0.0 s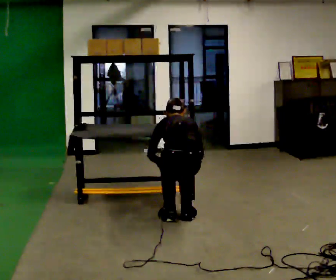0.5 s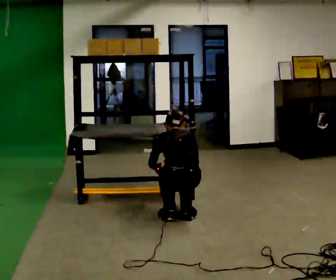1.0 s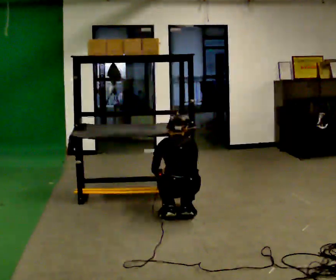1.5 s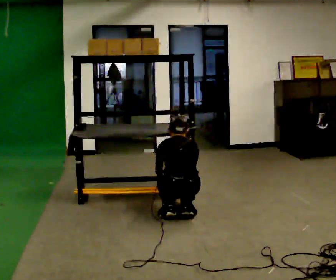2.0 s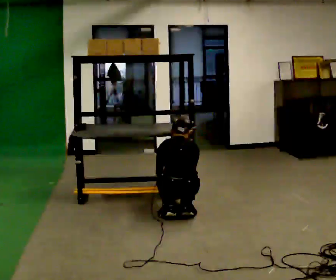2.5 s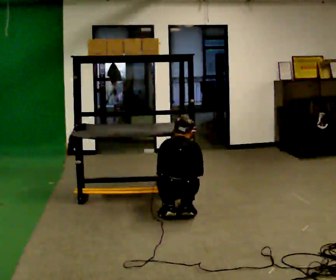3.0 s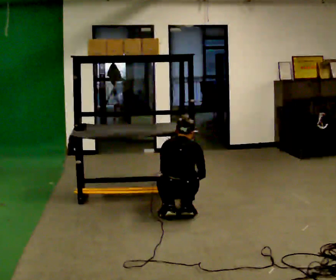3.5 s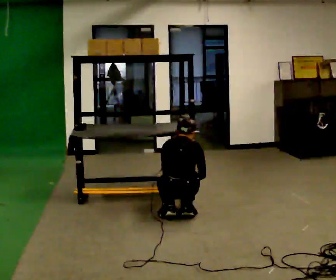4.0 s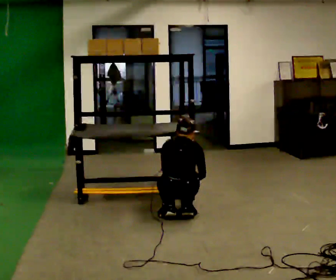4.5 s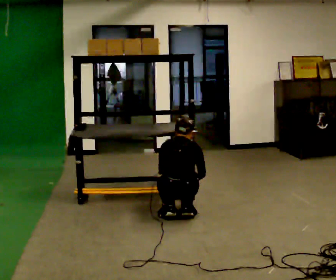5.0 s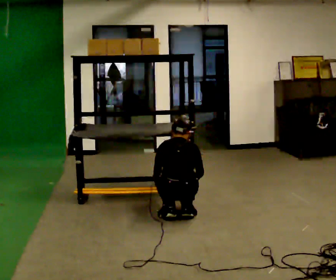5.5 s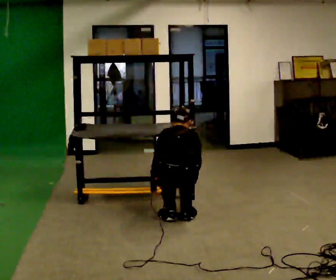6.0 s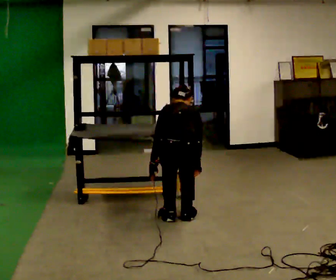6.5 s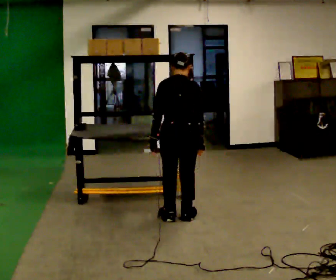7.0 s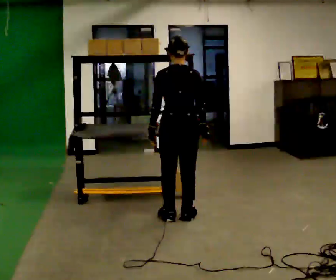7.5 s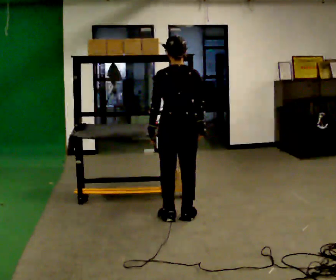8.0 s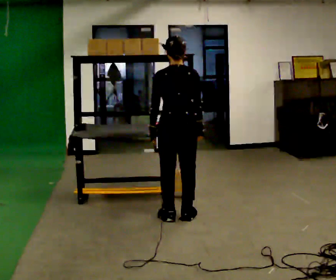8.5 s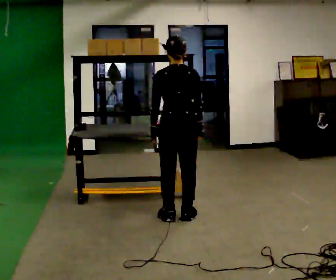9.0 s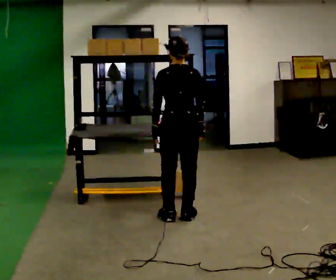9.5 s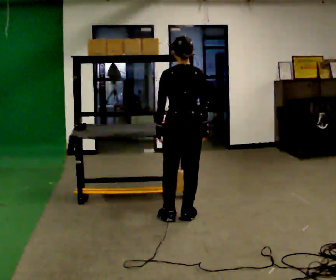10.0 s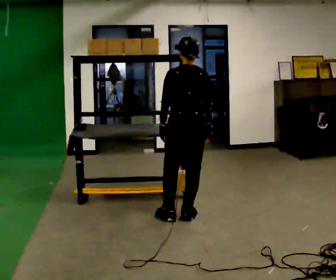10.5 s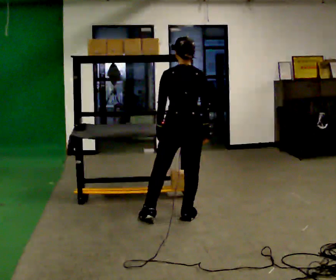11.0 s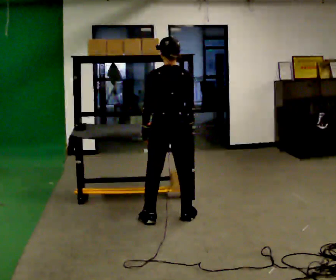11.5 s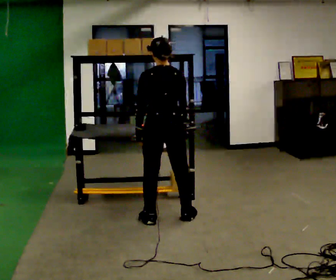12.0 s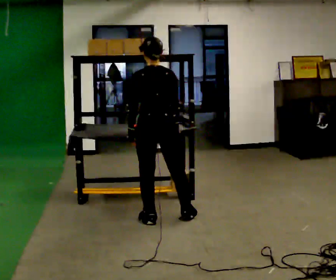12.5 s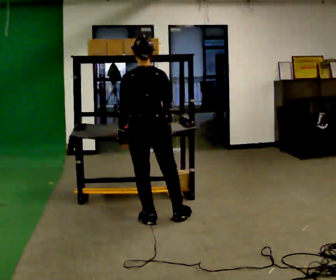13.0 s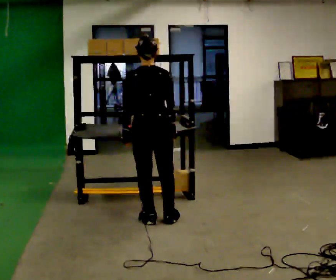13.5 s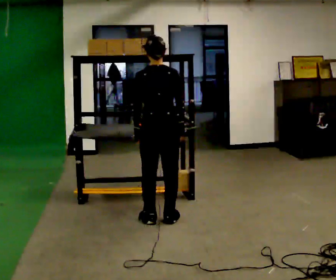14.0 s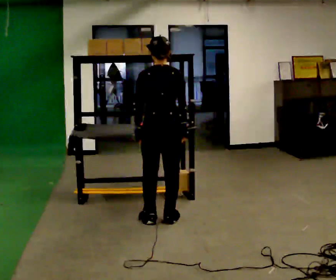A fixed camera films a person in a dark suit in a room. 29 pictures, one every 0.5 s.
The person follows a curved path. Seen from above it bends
counterclockwise.
0.0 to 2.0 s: The upper body goes downward.
2.0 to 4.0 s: The person moves a little, or ends about where they began.
4.0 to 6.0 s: The upper body goes upward.
6.0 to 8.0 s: In the picture they go away from the camera, about 0.25 m, which for them is forward. The shoulders move upward. The upper body tips toward the camera, its near side rolling downward, as they lean back or straighten. In the picture their right hand goes upward.
8.0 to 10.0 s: The person moves a little, or ends about where they began.
10.0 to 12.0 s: In the picture they go to the left, about 0.25 m in 1 step, which for them is to their left.
12.0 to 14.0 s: The person moves a little, or ends about where they began.
The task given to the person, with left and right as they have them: Take an object from the highest shelf you can comfortably reach, carry it across, and place it on the lowest shelf. Keep going until the operator says stop; one object at a time, and do not rush between trips.
The film runs forward here.
